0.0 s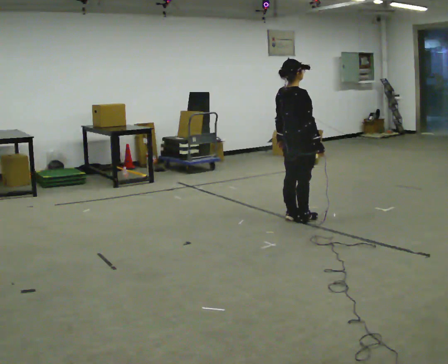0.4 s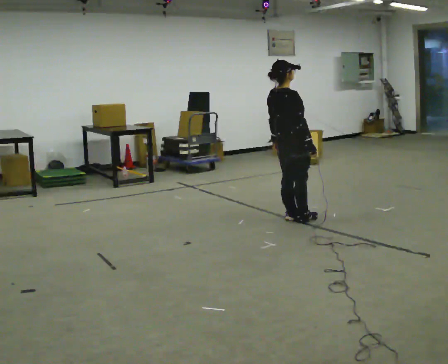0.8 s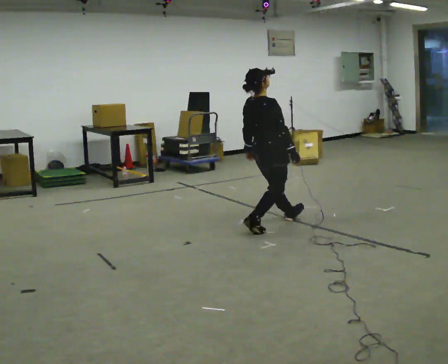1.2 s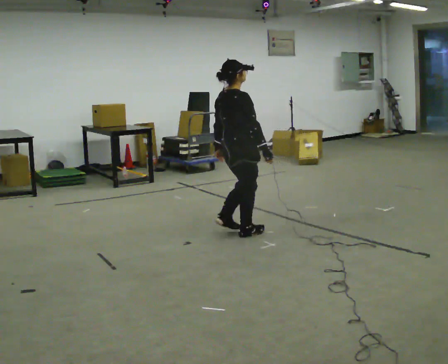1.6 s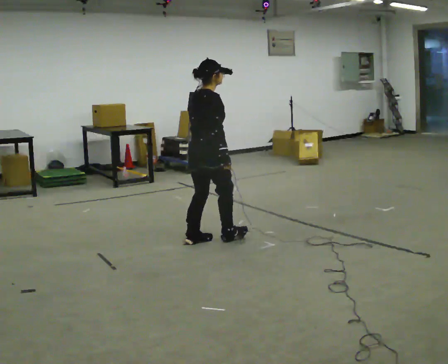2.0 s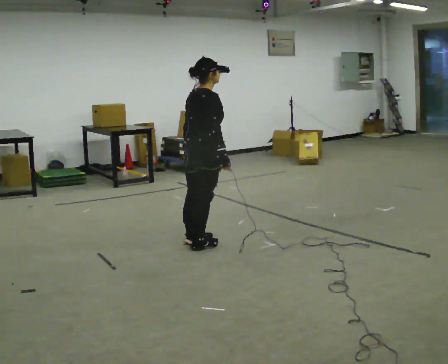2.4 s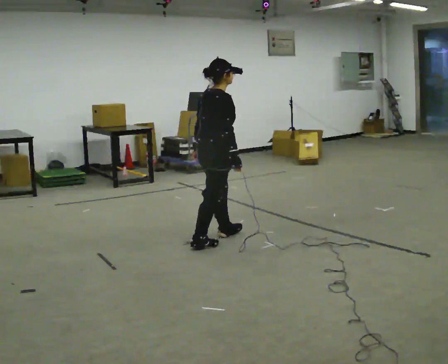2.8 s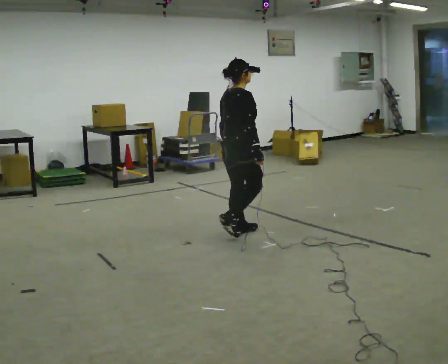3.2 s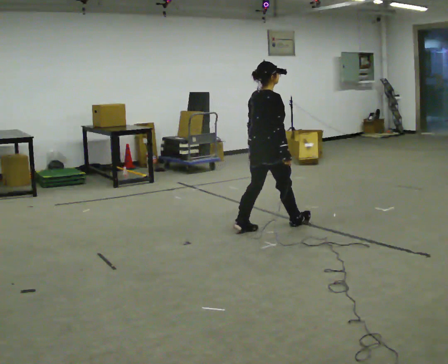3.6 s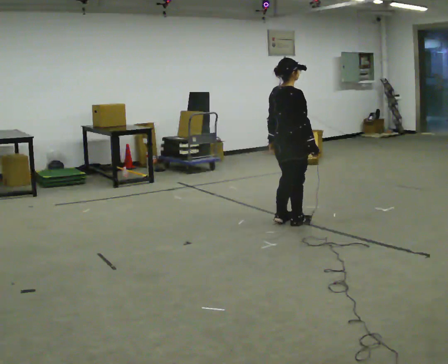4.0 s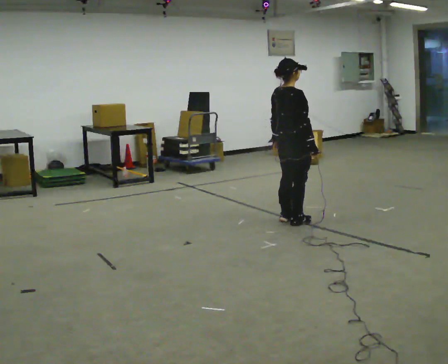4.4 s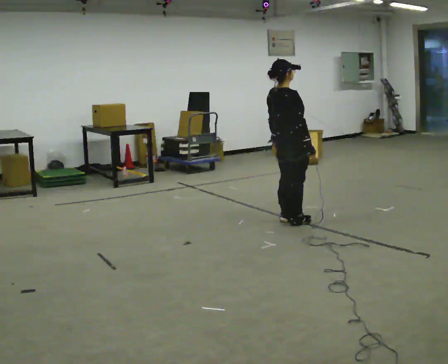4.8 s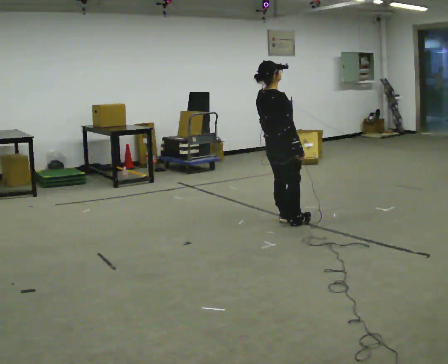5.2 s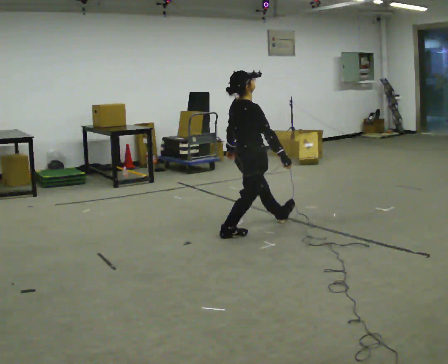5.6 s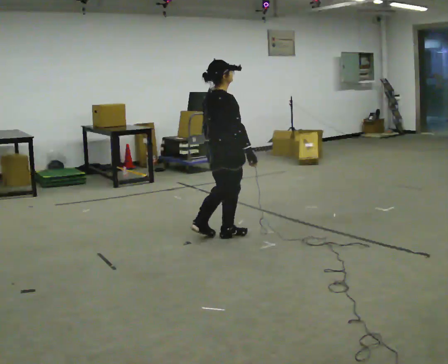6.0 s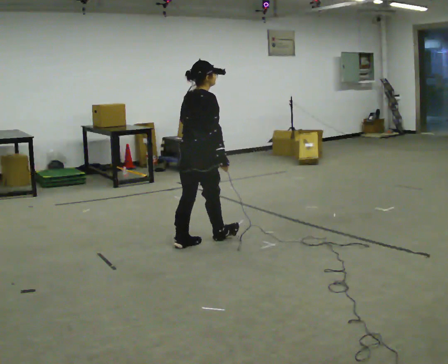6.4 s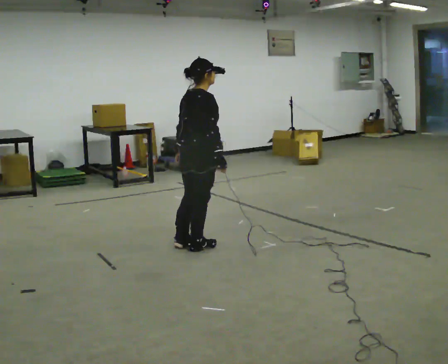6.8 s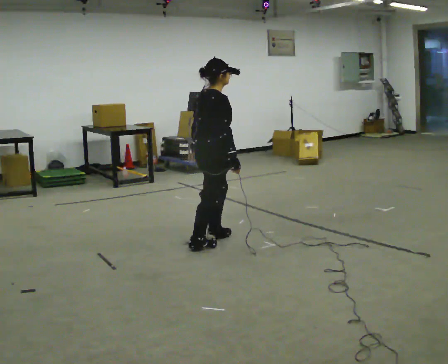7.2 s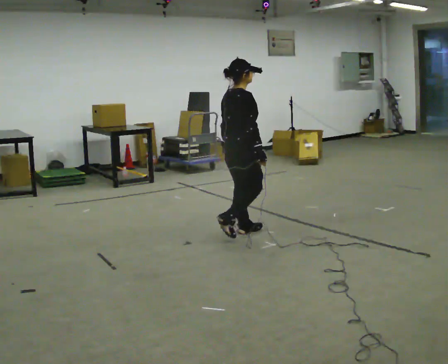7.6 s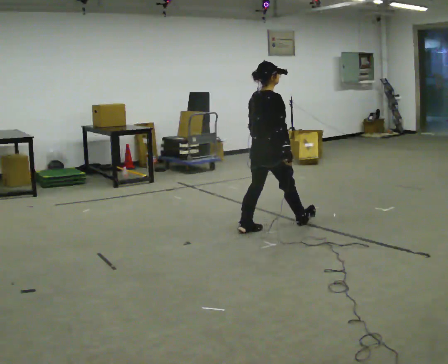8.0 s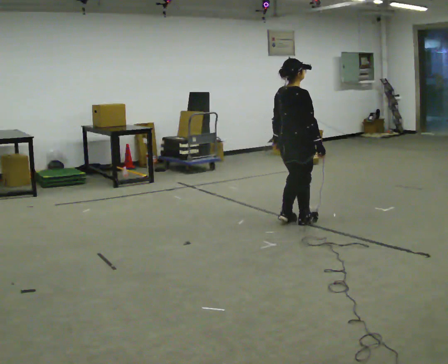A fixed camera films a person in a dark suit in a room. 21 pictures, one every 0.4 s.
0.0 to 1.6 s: In the picture they go to the left and toward the camera, about 1 m in 2 steps, which for them is backward.
1.6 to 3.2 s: In the picture they go to the right and away from the camera, about 0.5 m in 3 steps, which for them is forward.
3.2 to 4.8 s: The person moves a little, or ends about where they began.
4.8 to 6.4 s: In the picture they go toward the camera and to the left, about 1 m in 3 steps, which for them is backward. In the picture the upper body tilts clockwise, shoulders to the right.
6.4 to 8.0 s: In the picture they go to the right and away from the camera, about 1 m in 2 steps, which for them is forward.
The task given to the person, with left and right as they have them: Stand on the marked spots. Lean backward, keeping your body straight, until you cannot hold it, then step back to catch yourself. Return to the spots. Repeat at your own pace until the operator says stop. Go slowly and only as far as you are comfortable. Step whenever you need to; do not try to hold on longer than feels safe.
The film runs forward here.
